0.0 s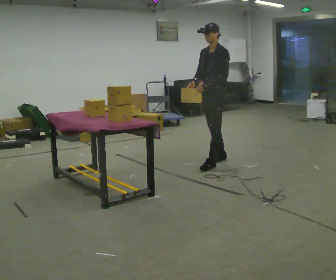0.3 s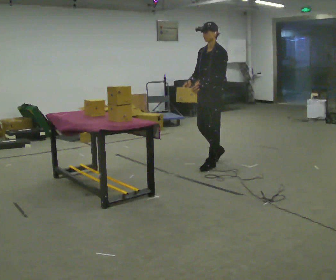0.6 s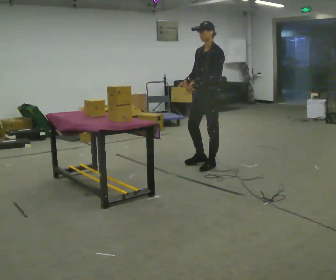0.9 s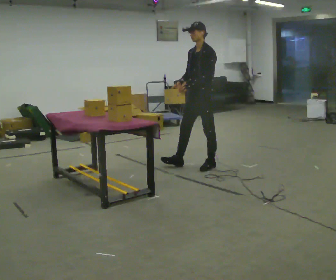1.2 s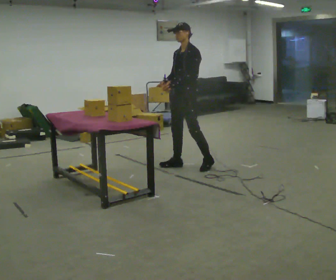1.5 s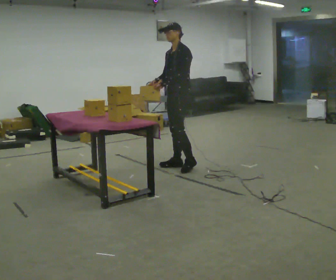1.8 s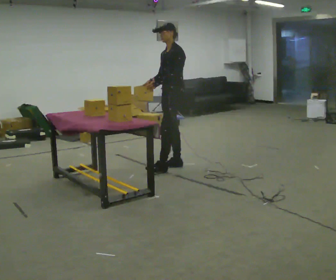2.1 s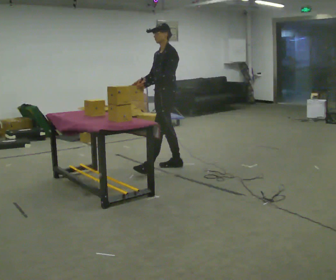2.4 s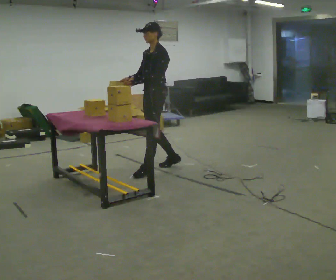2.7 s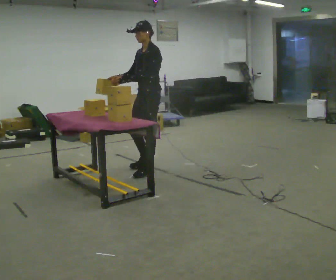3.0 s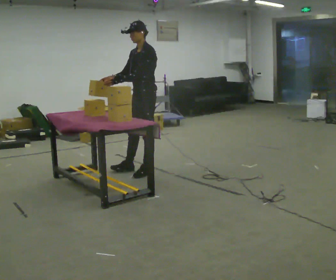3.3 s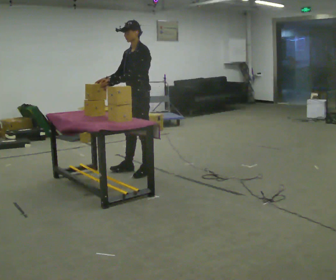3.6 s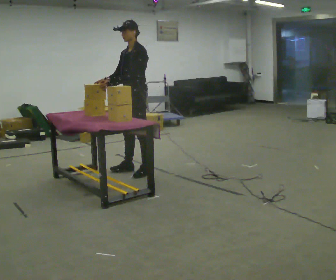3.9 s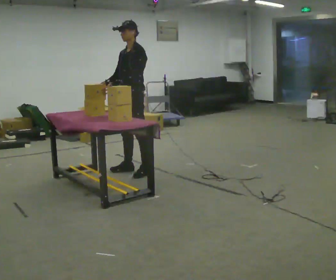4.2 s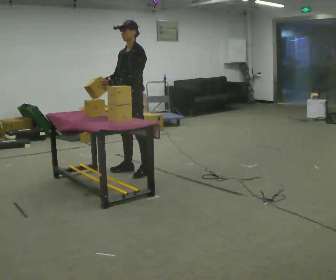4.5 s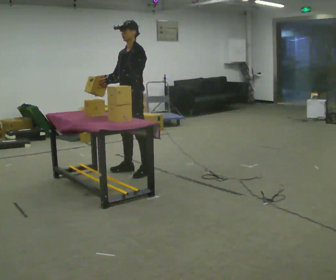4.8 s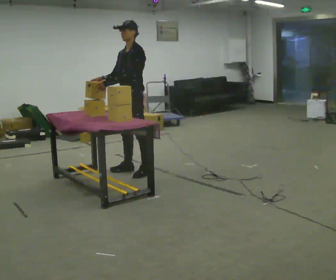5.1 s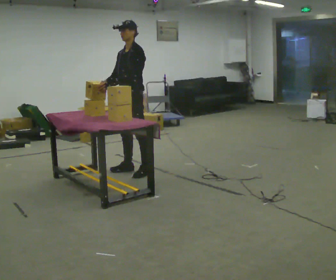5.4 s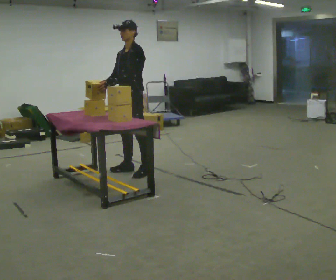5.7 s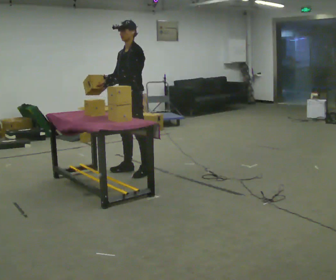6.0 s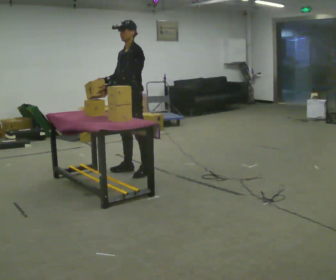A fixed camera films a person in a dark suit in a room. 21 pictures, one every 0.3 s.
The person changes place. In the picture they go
to the left.
0.0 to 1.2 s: In the picture they go to the left, about 0.25 m in 1 step, which for them is forward.
1.2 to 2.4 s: In the picture they go to the left and toward the camera, about 0.5 m in 1 step, which for them is forward.
2.4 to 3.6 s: In the picture they go to the left, about 0.25 m in 1 step, which for them is forward.
3.6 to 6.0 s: The person moves a little, or ends about where they began.
The film runs forward here.
